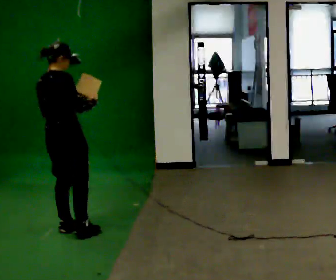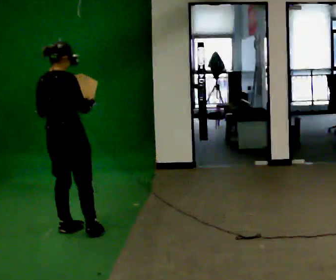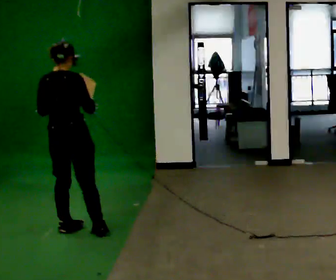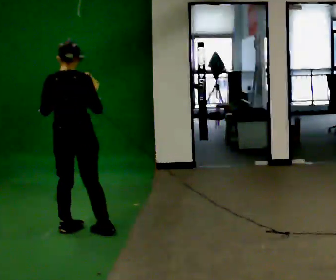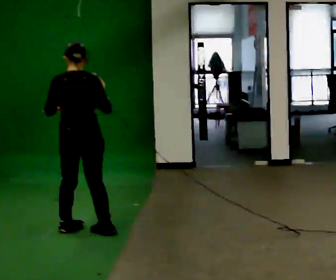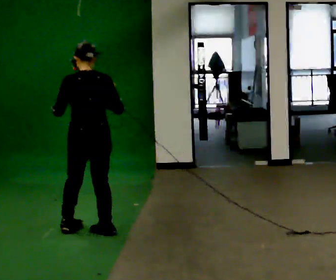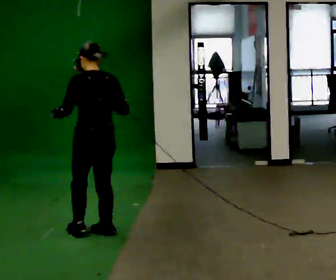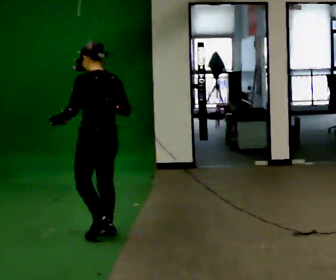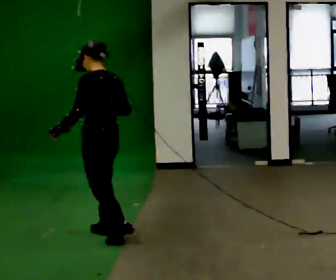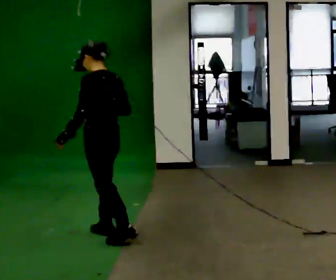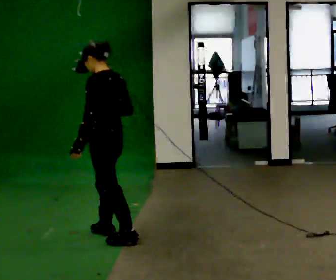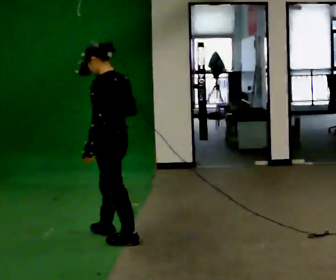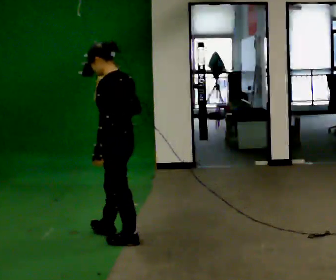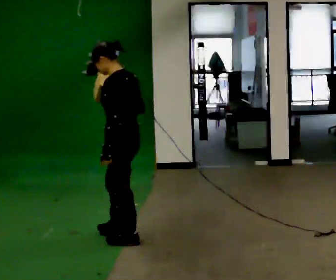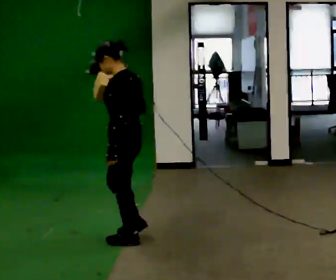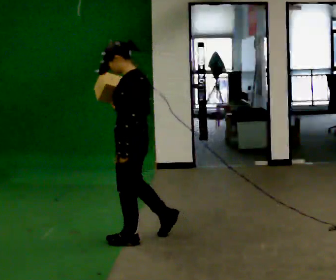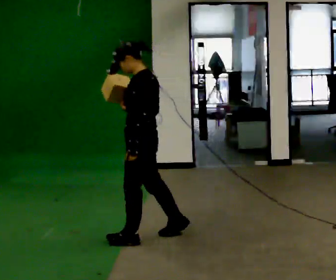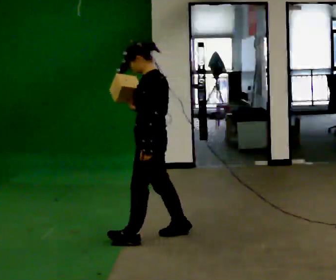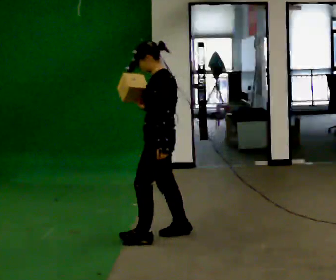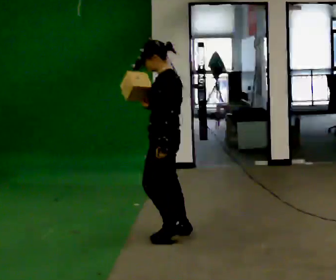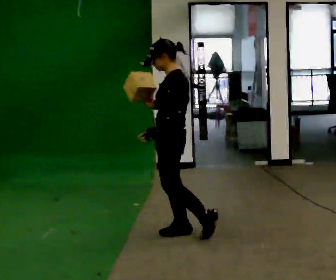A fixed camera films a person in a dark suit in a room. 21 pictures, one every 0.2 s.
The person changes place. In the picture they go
to the right.
The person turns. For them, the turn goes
to their left.
0.0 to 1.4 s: The part of the body nearest the lens slides to the right as the person turns to their left by about 75 degrees. In the picture they go to the right, about 0.25 m in 1 step.
1.4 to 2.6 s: The part of the body nearest the lens slides to the right as the person turns to their left by about 30 degrees. In the picture they go toward the camera, about 0.25 m in 1 step, which for them is backward and to their left.
2.6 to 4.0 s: In the picture they go to the right, about 0.5 m in 1 step, which for them is backward and to their right.
The film runs backward here.
